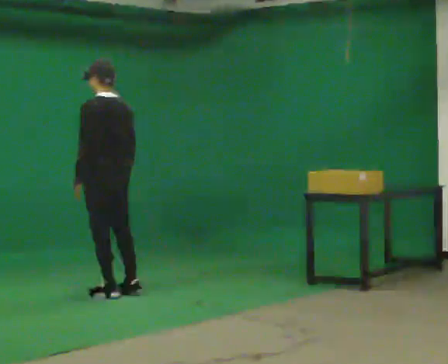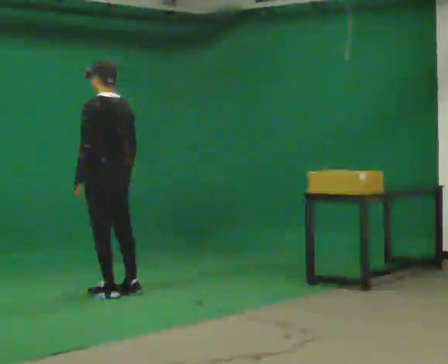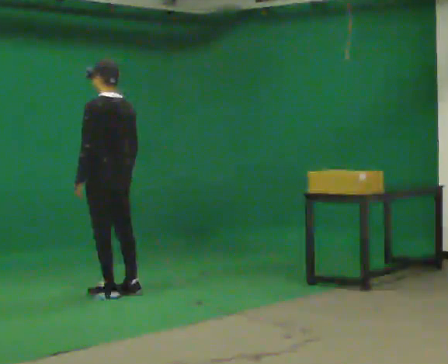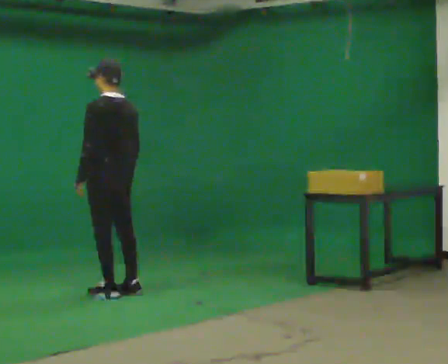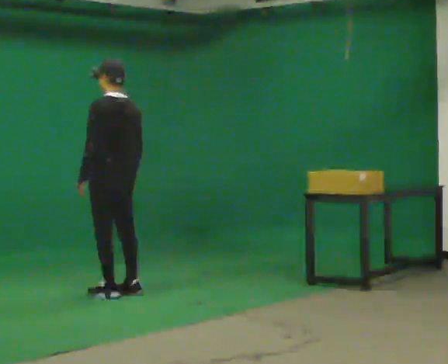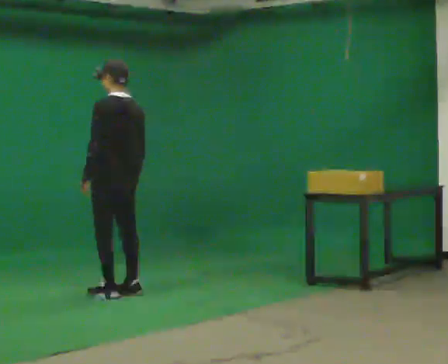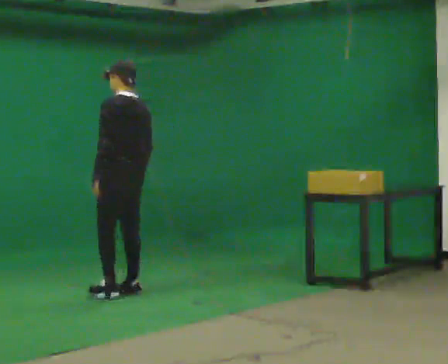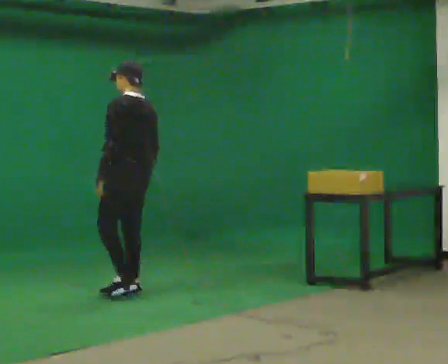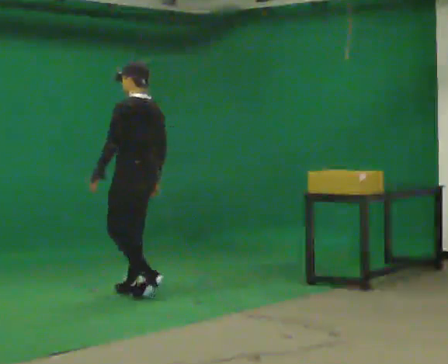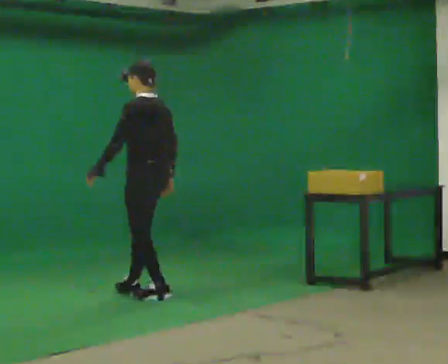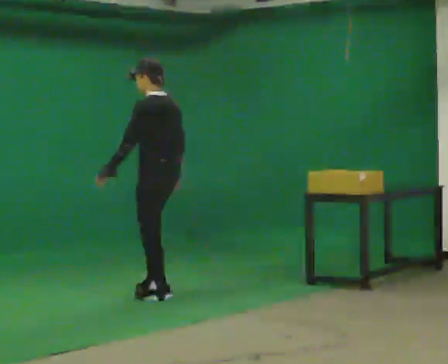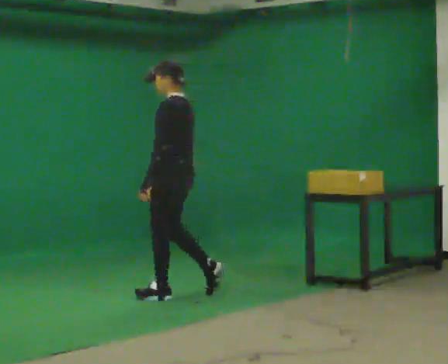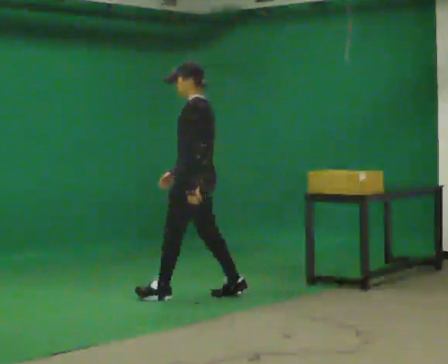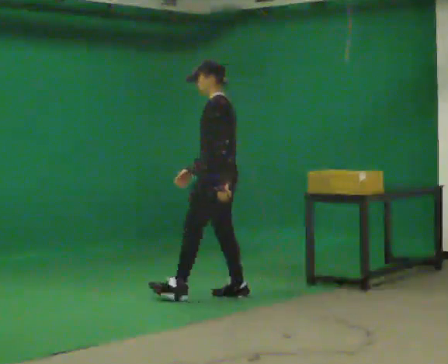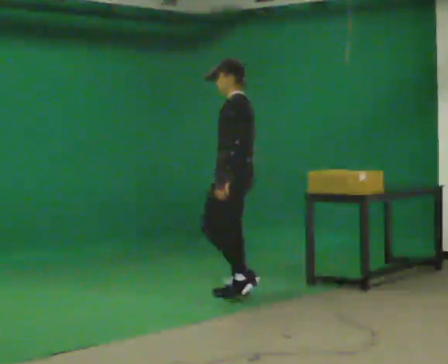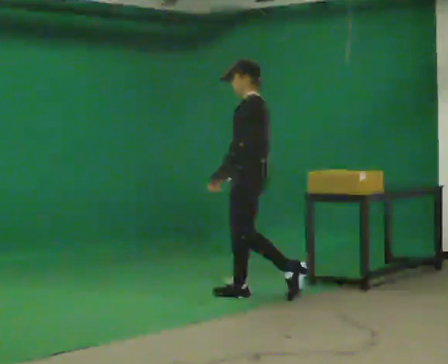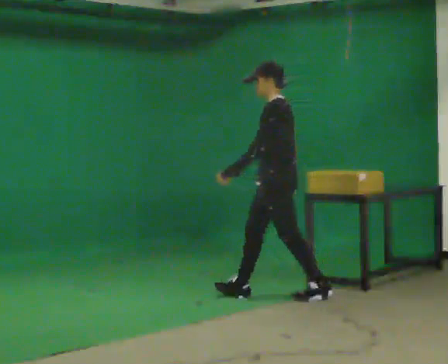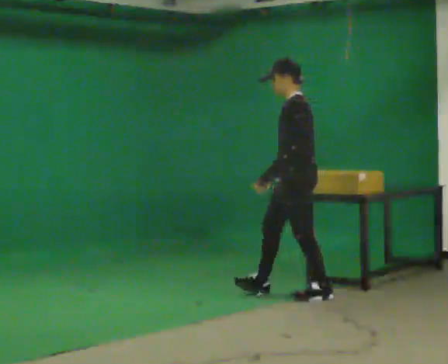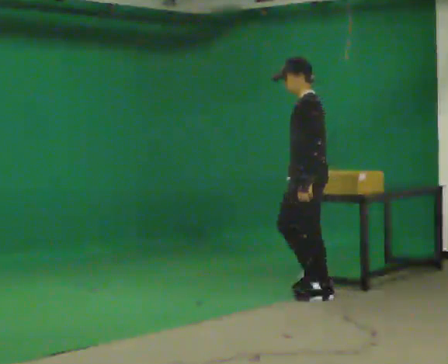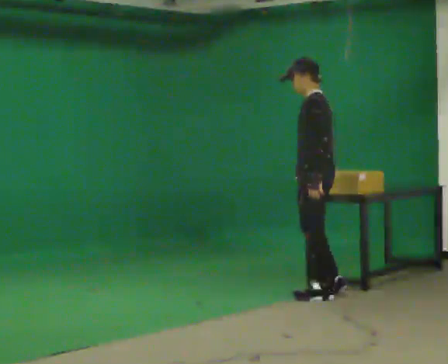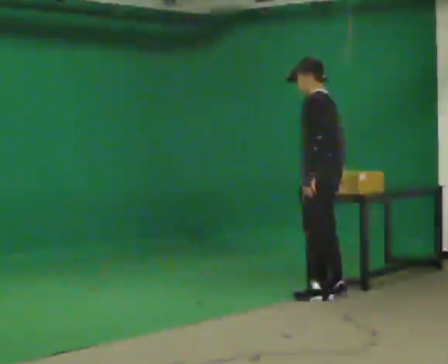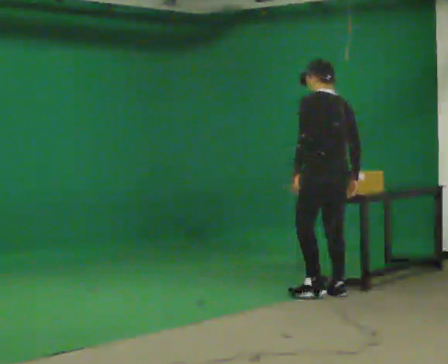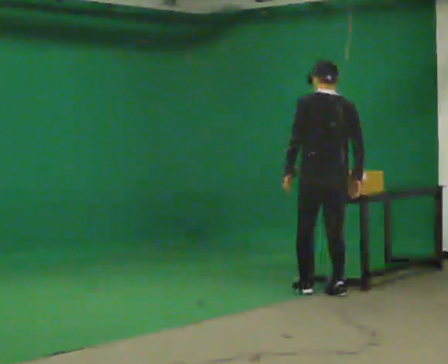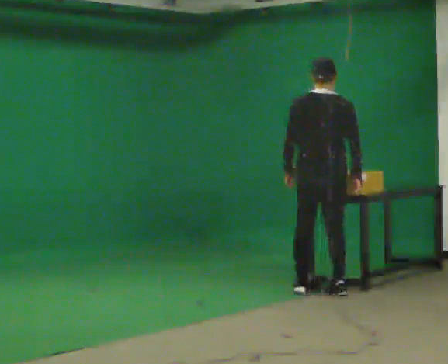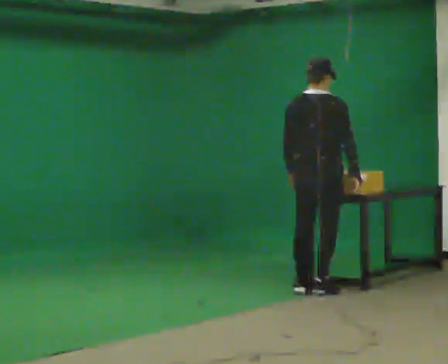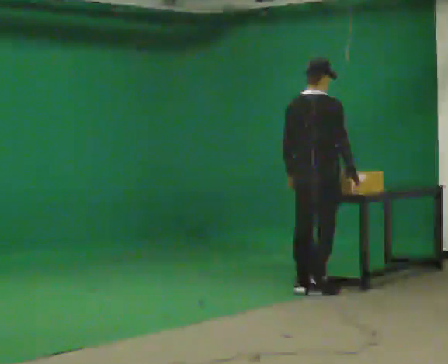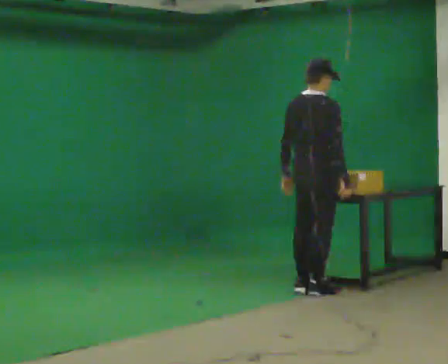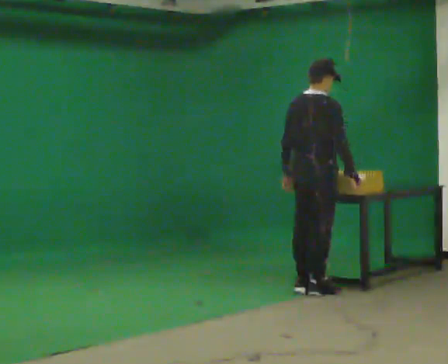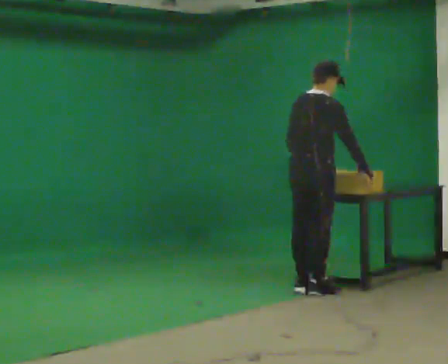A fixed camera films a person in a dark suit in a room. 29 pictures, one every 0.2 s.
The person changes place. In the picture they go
to the right.
0.0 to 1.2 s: The person moves a little, or ends about where they began.
1.2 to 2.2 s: In the picture they go to the right, about 0.5 m in 2 steps, which for them is backward.
2.2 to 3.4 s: In the picture they go to the right, about 1 m in 2 steps, which for them is backward.
3.4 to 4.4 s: The part of the body nearest the lens slides to the left as the person turns to their right by about 75 degrees. In the picture they go to the right, about 0.25 m in 1 step.
4.4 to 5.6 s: The part of the body nearest the lens slides to the left as the person turns to their right by about 60 degrees.
The film runs backward here.
